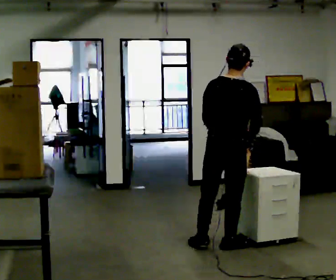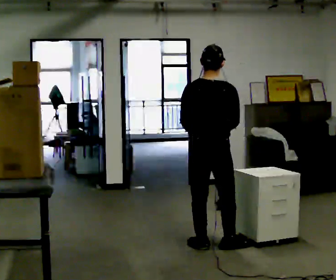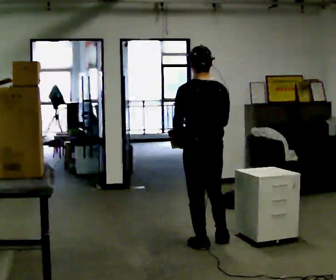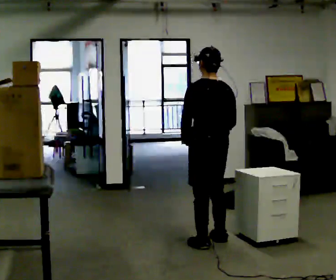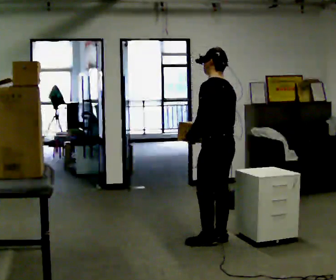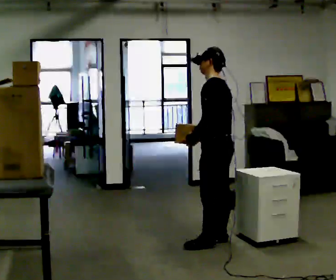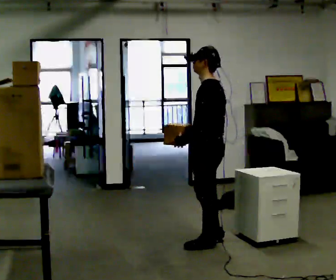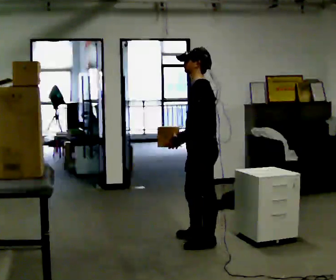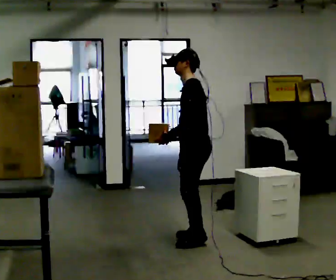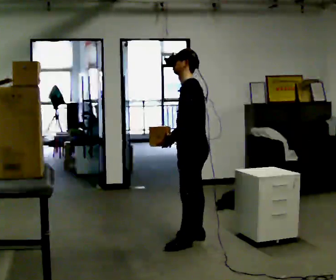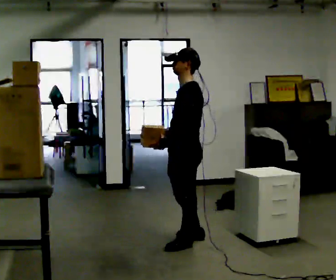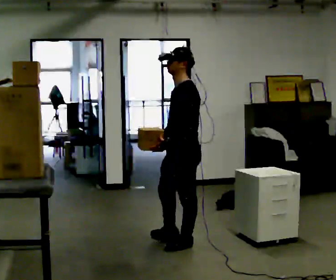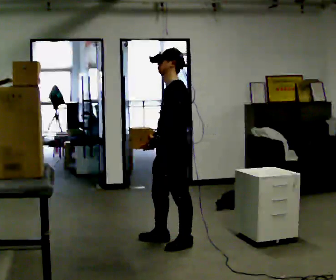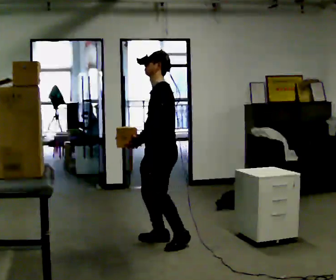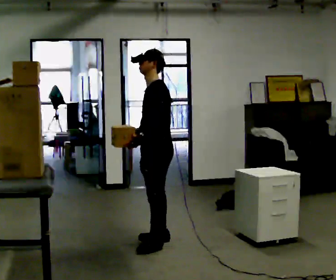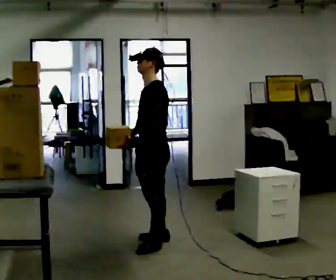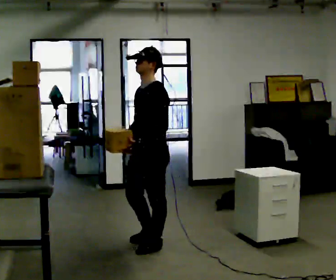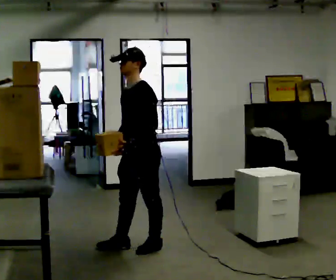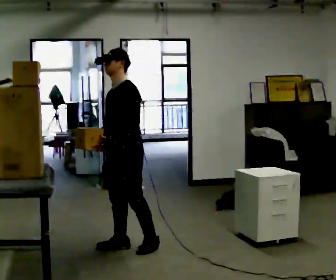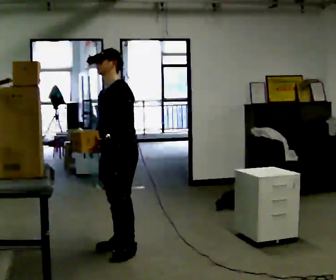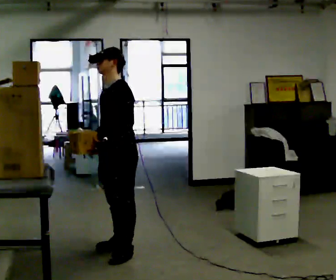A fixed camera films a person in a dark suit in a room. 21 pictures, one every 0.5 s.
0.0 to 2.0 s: The person turns about 75 degrees to their left, counterclockwise seen from above, so the part of the body nearest the lens slides to the right. In the picture they go away from the camera, about 0.25 m in 1 step.
2.0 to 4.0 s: Seen from above the body turns counterclockwise, about 30 degrees: to their left, with its near side sliding to the right. In the picture they go to the left, about 0.25 m in 1 step, which for them is forward. In the picture their right hand goes to the left.
4.0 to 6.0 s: In the picture they go to the left, about 0.25 m in 2 steps, which for them is forward.
6.0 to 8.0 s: In the picture they go to the left, about 0.25 m in 1 step, which for them is forward.
8.0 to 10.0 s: In the picture they go to the left, about 0.25 m in 2 steps, which for them is forward and to their right.
The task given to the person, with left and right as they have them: Take an object down from the highest shelf you can comfortably reach, carry it across, and place it on the waist-height shelf. Keep going until the operator says stop; one object at a time, and do not rush between trips.
The film runs forward here.
